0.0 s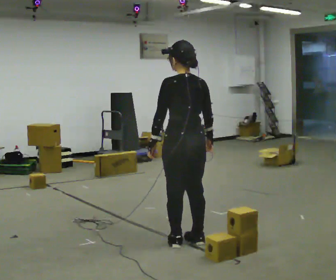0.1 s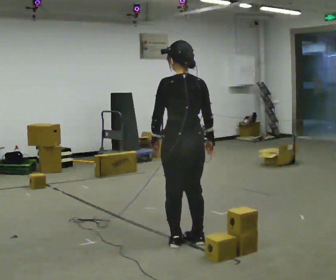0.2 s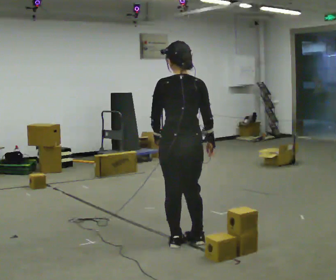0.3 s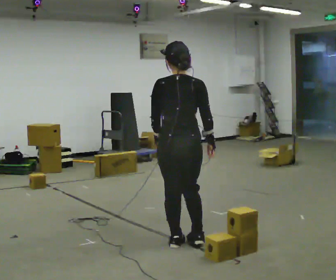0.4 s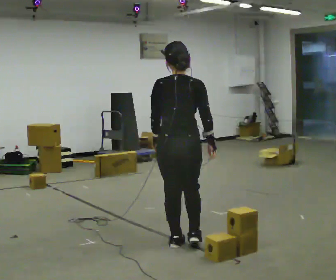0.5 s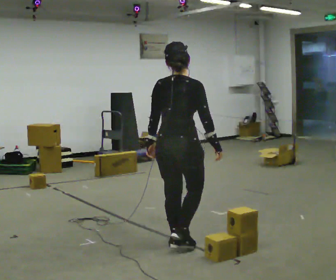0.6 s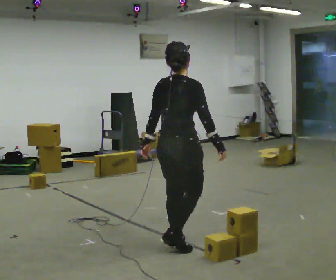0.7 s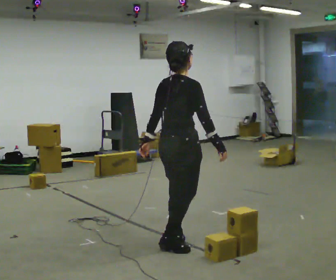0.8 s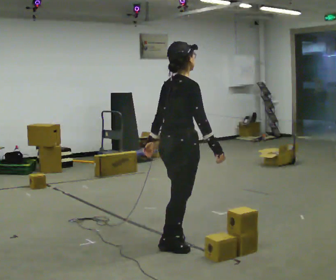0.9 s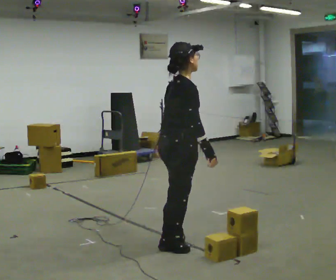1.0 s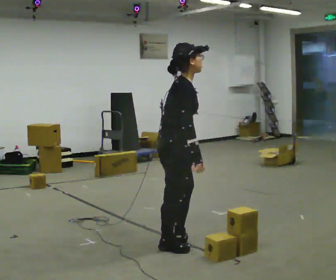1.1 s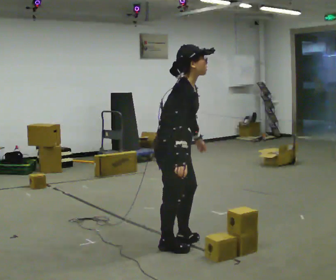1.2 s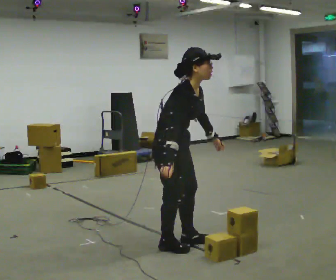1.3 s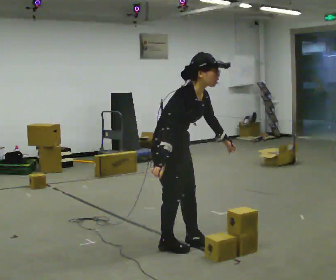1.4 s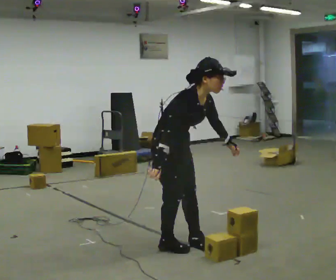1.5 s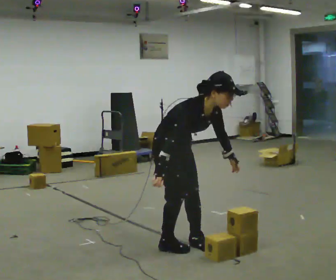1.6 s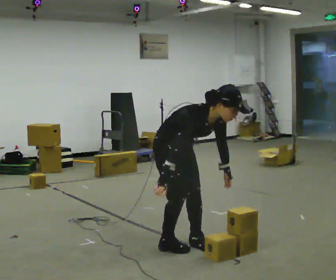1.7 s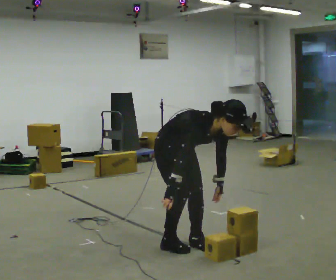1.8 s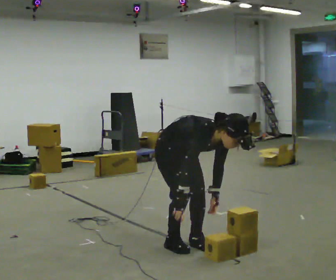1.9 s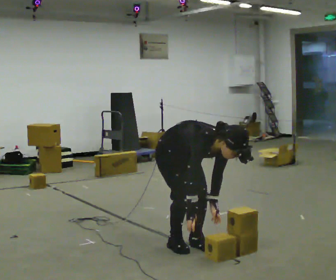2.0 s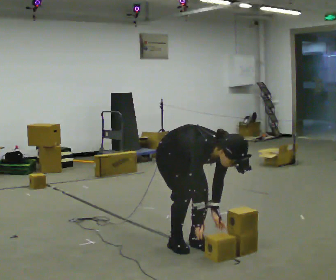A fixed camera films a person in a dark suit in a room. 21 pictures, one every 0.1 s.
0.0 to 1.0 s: Seen from above the body turns clockwise, about 120 degrees: to their right, with its near side sliding to the left.
1.0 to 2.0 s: The part of the body nearest the lens slides to the left as the person turns to their right by about 60 degrees. In the picture they go away from the camera, about 0.25 m, which for them is to their left. The upper body goes downward. The upper body tips toward the camera, its near side rolling downward, as they bend forward. In the picture their left hand goes downward and to the right.
The film runs backward here.
